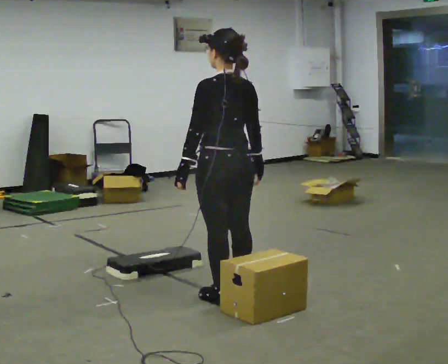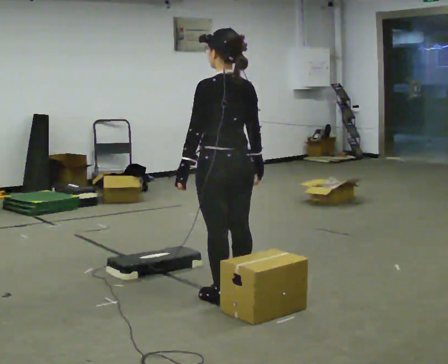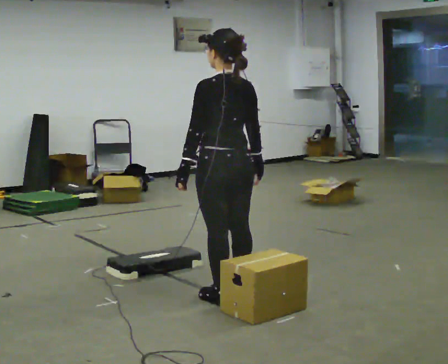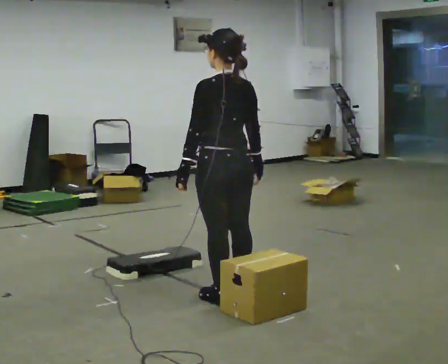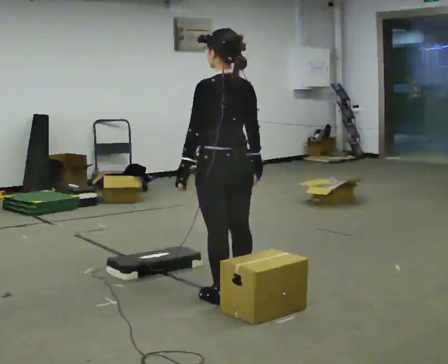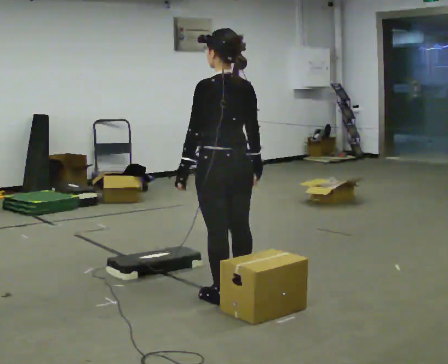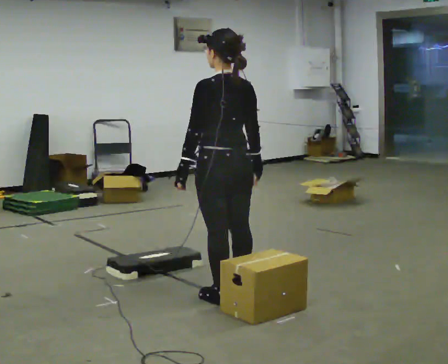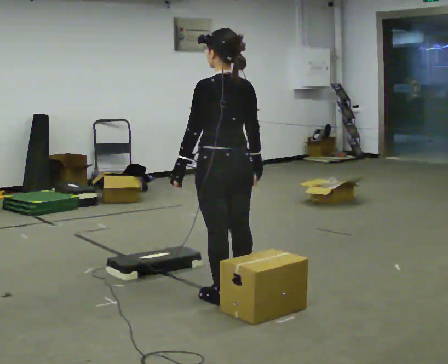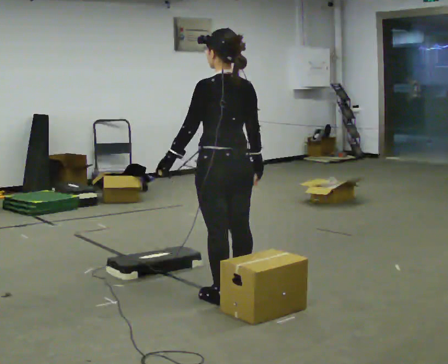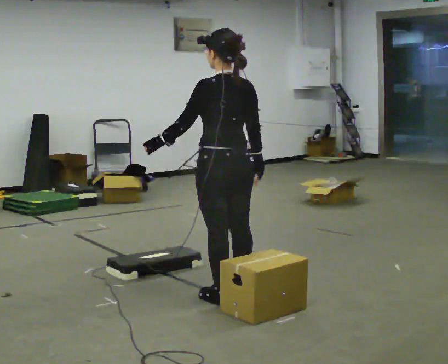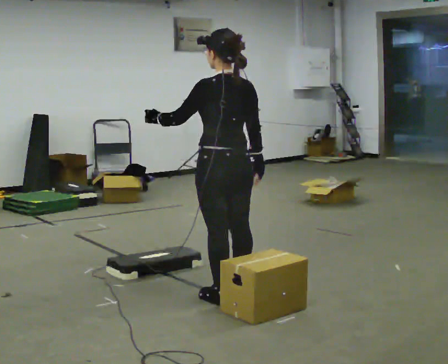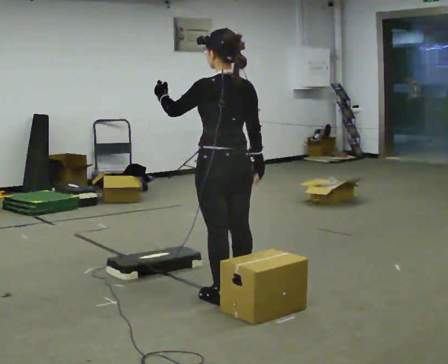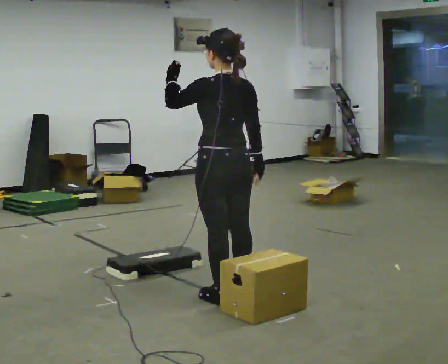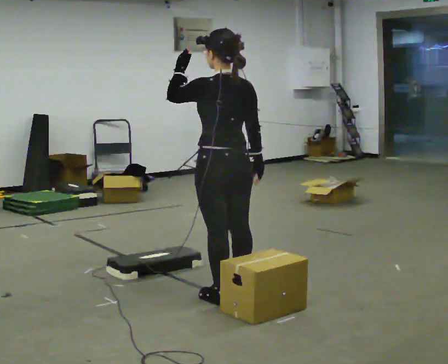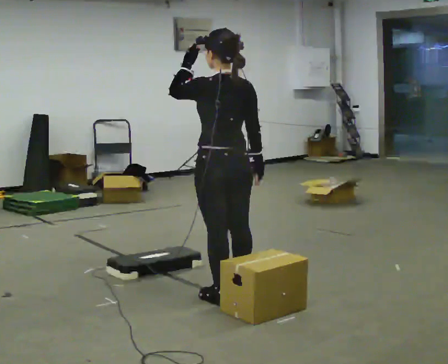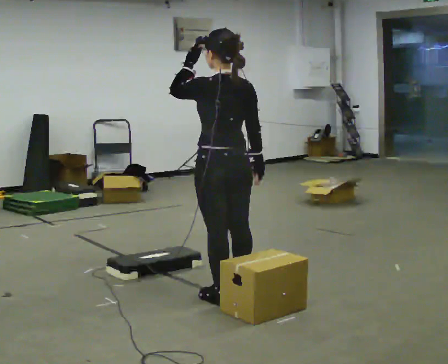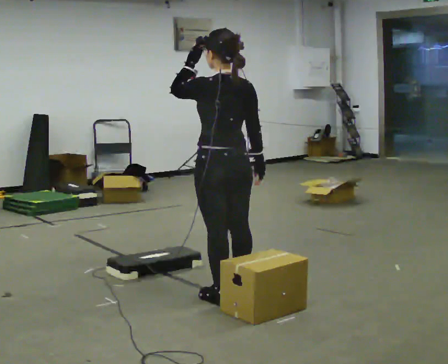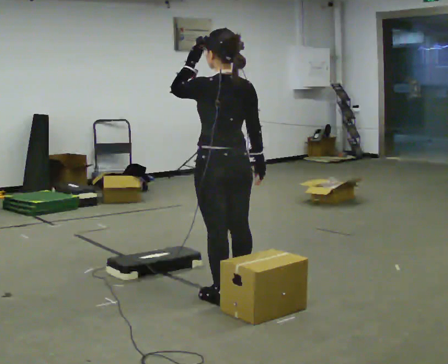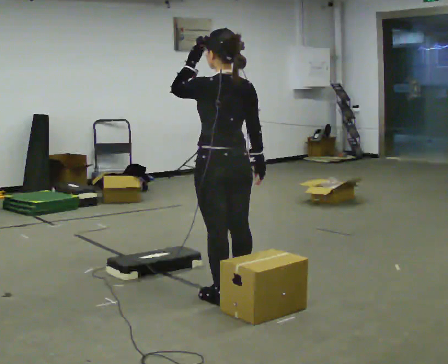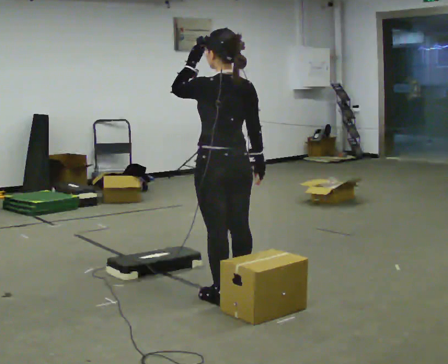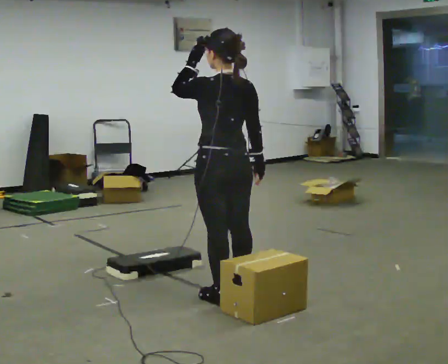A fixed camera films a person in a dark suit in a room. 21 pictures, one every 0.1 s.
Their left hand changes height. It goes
upward.
0.0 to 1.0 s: In the picture their left hand goes upward.
1.0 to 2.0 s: The person moves a little, or ends about where they began.
The film runs forward here.
